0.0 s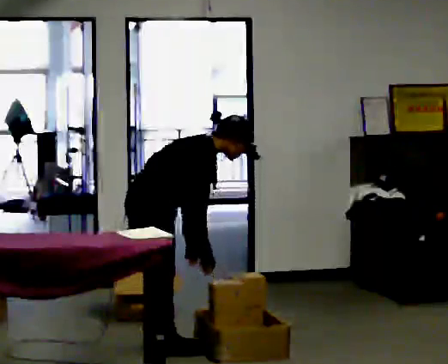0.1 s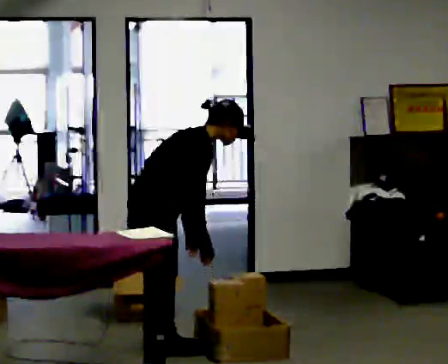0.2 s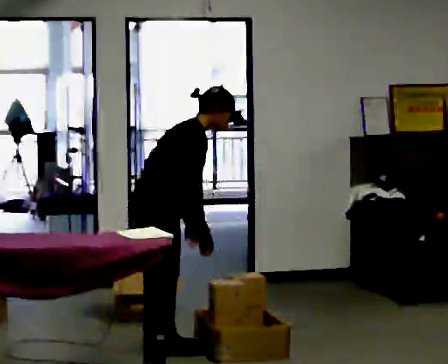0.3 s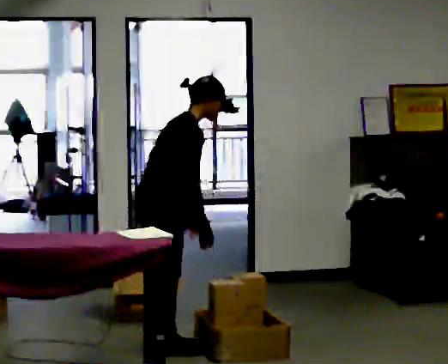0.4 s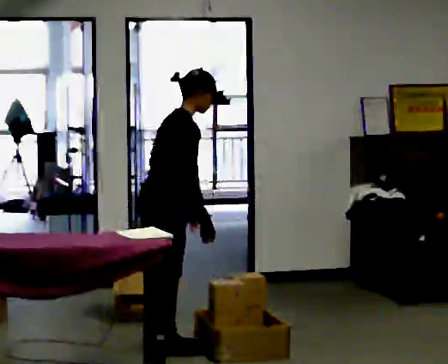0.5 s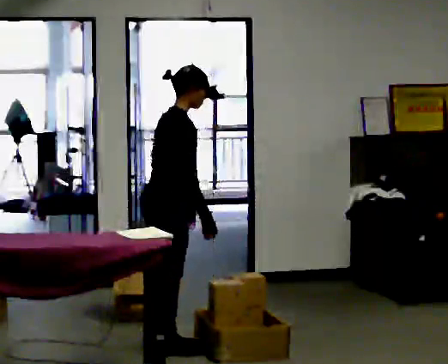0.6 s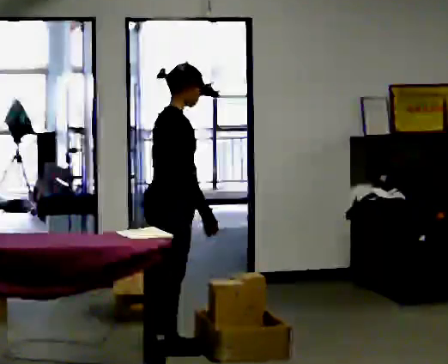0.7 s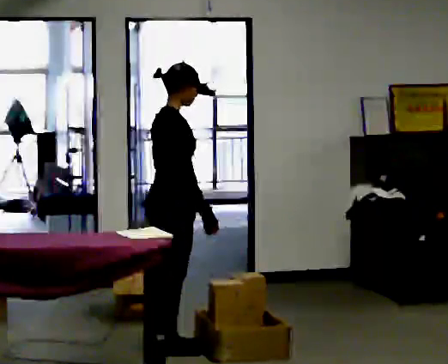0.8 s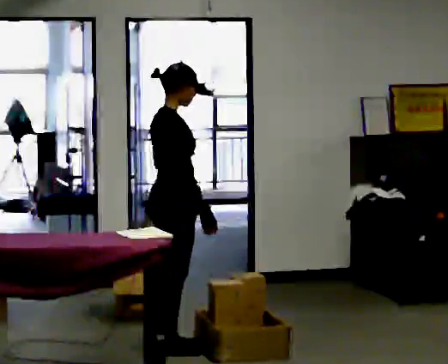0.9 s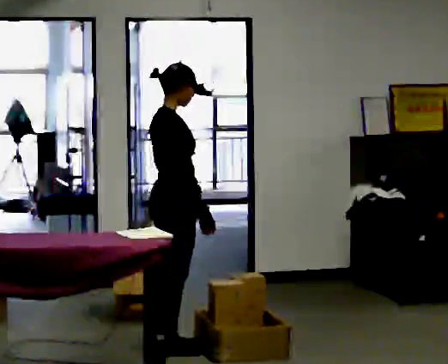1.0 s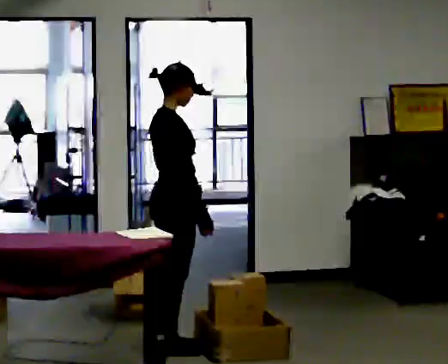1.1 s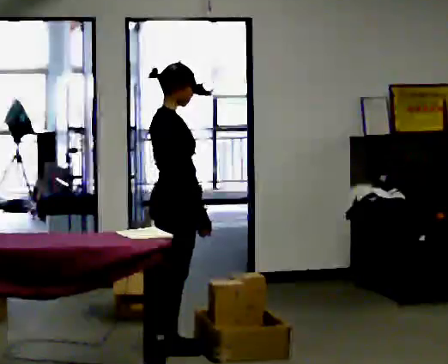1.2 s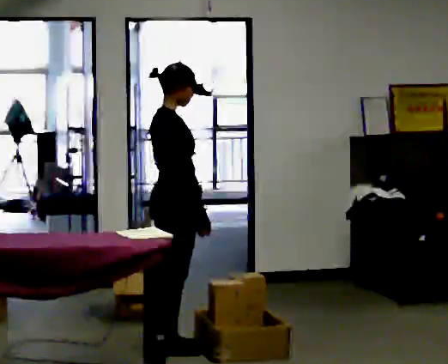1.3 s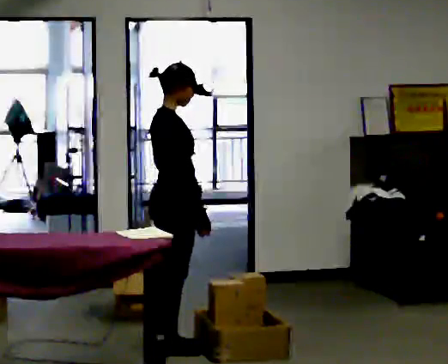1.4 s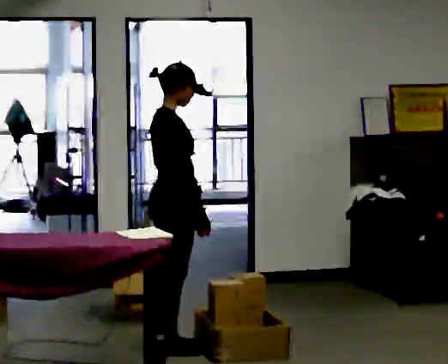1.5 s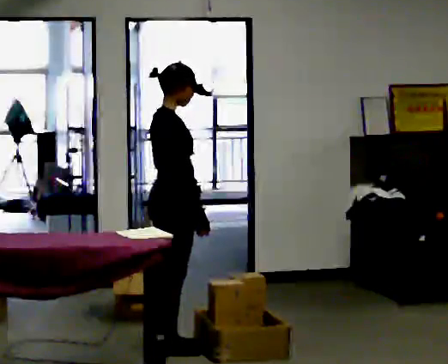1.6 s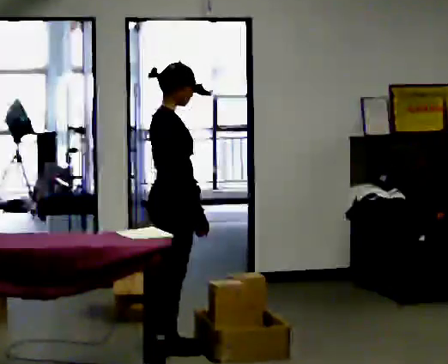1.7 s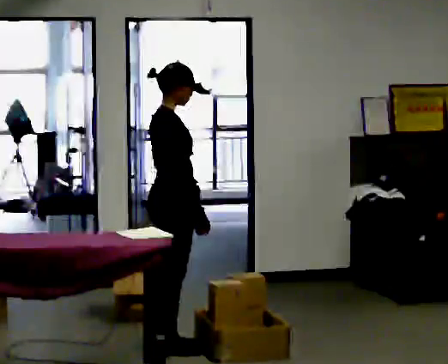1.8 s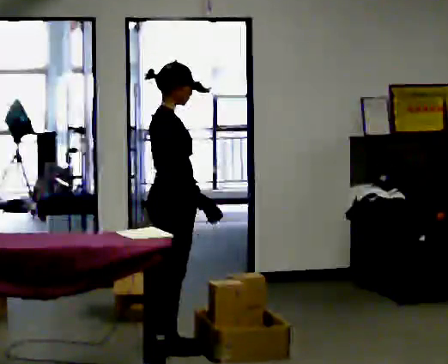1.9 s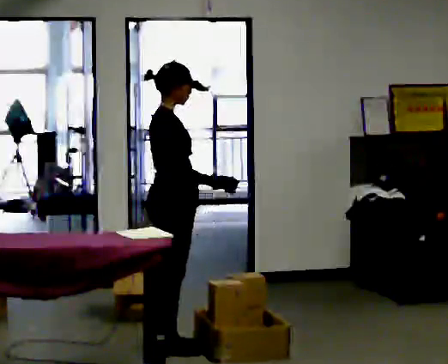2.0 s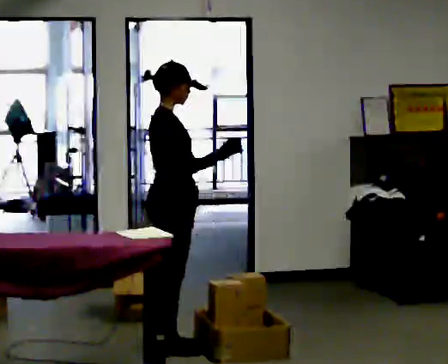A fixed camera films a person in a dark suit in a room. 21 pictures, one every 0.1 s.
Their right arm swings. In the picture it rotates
counterclockwise.
Their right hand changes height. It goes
upward.
0.0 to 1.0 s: The shoulders move upward. In the picture the upper body tilts counterclockwise, shoulders to the left, as they lean back or straighten.
1.0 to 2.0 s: In the picture their right hand goes upward, the arm swinging counterclockwise.
The film runs forward here.
